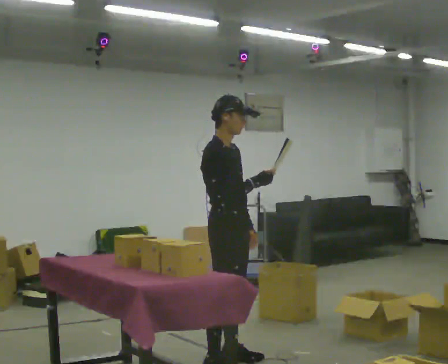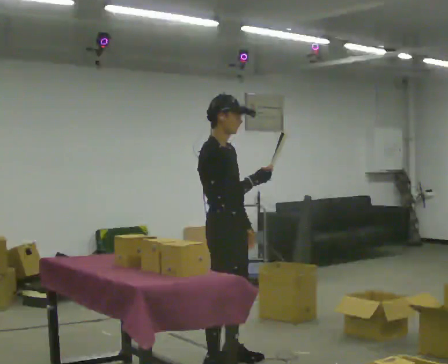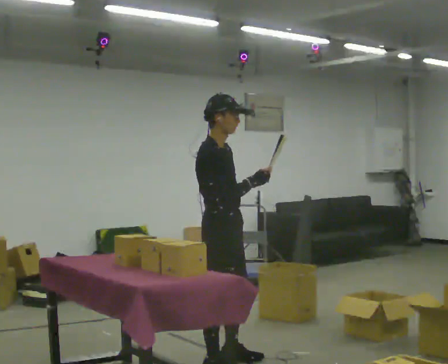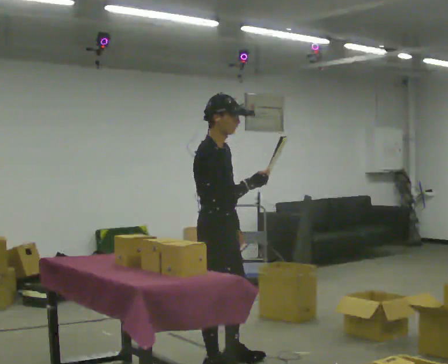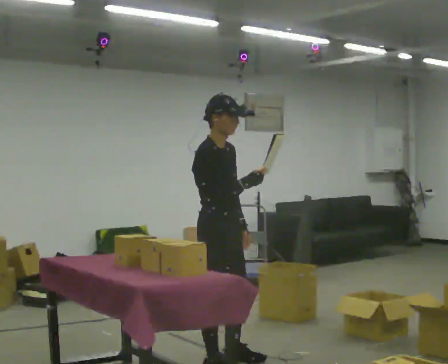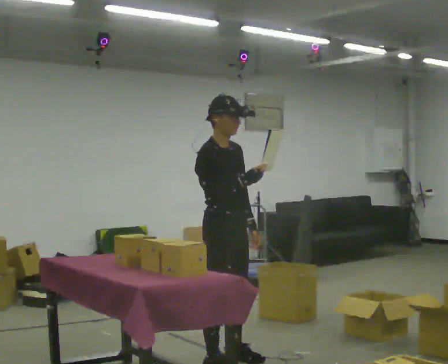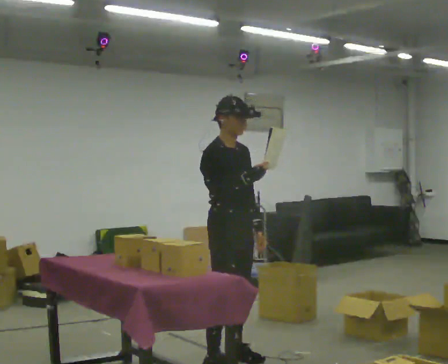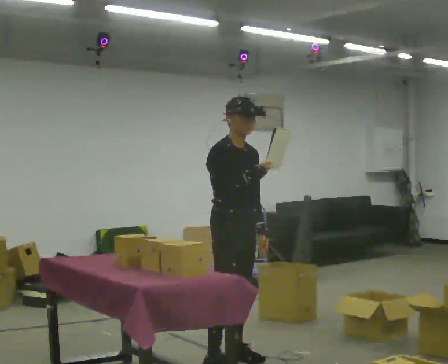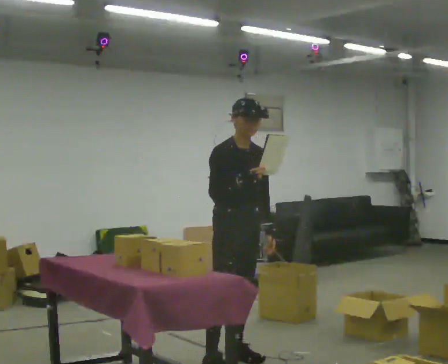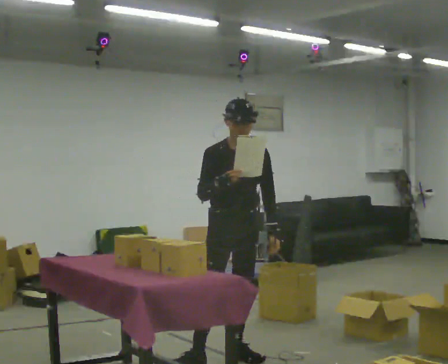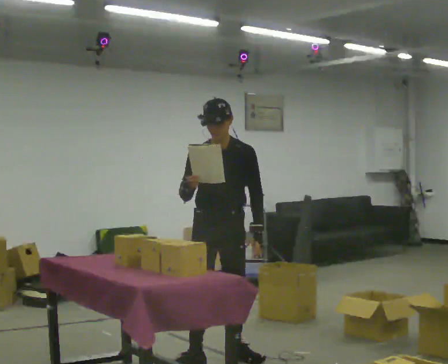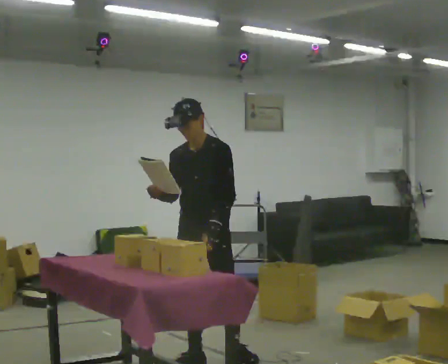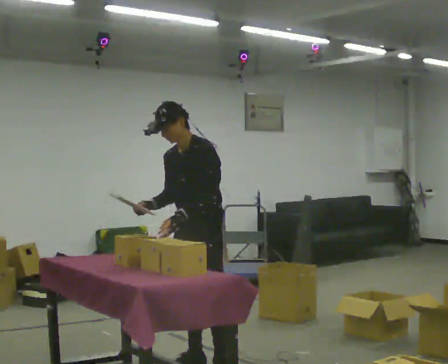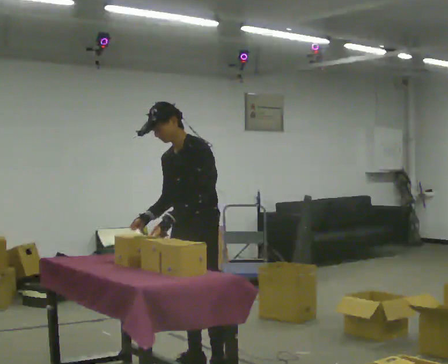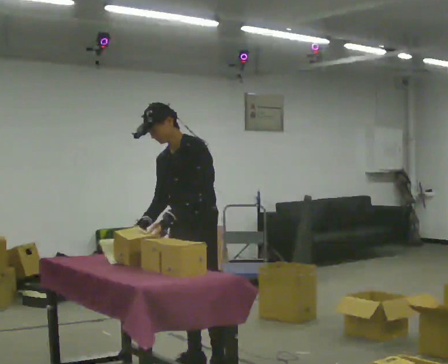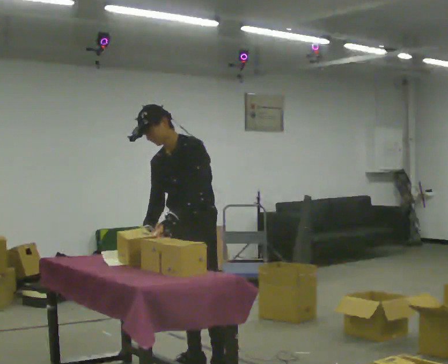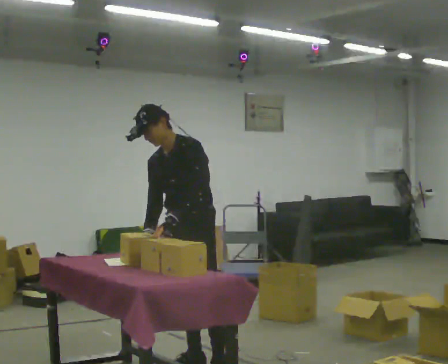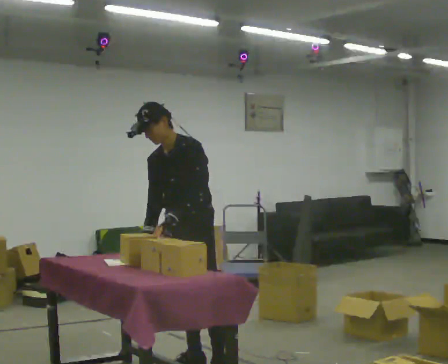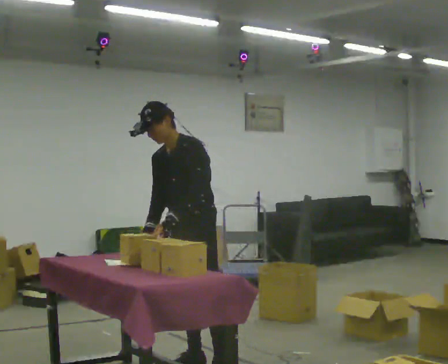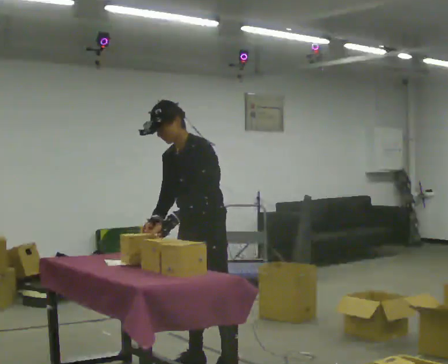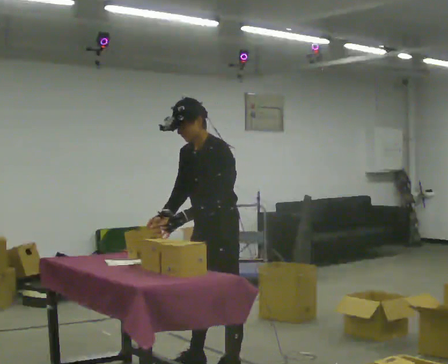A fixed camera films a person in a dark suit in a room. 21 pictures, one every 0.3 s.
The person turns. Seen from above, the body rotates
clockwise.
The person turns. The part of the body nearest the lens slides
to the left.
0.0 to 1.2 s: The person moves a little, or ends about where they began.
1.2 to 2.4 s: The person turns about 30 degrees to their right, clockwise seen from above, so the part of the body nearest the lens slides to the left. In the picture they go away from the camera, about 0.25 m, which for them is to their left.
2.4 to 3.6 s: The part of the body nearest the lens slides to the left as the person turns to their right by about 75 degrees. In the picture they go to the left, about 0.25 m in 1 step. In the picture the upper body tilts counterclockwise, shoulders to the left. In the picture their left hand goes to the left.
3.6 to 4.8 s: The person moves a little, or ends about where they began.
4.8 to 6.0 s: In the picture they go to the right, about 0.25 m, which for them is to their left.
The film runs backward here.
